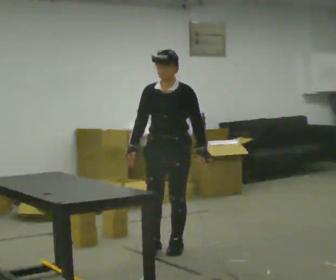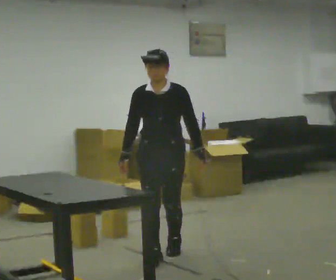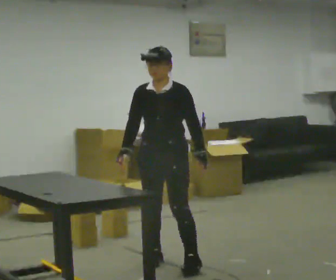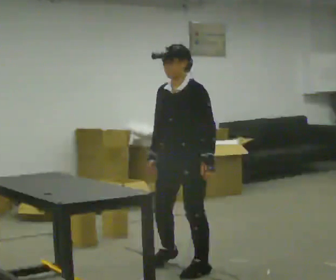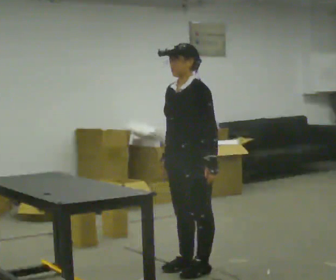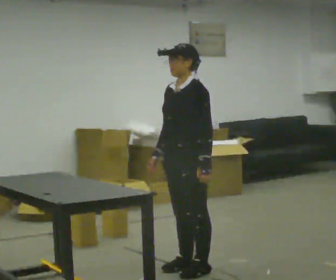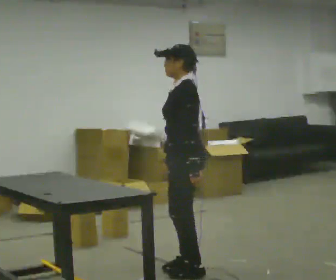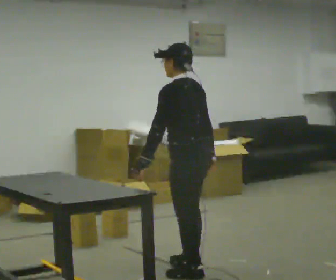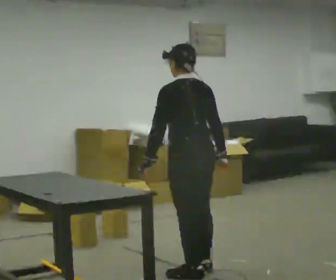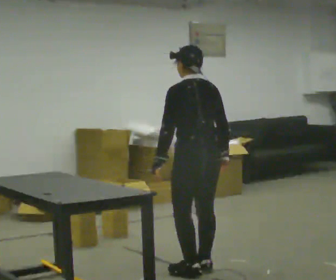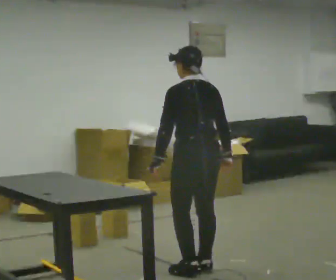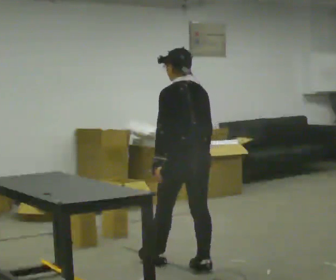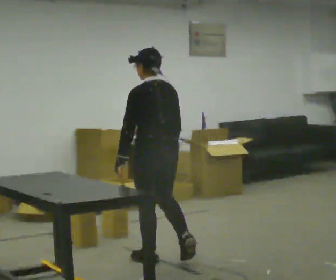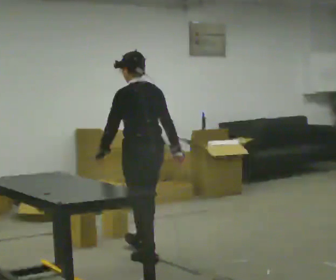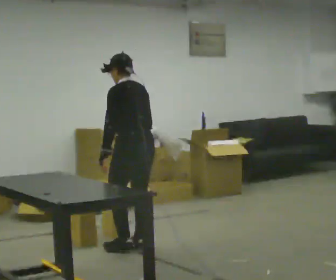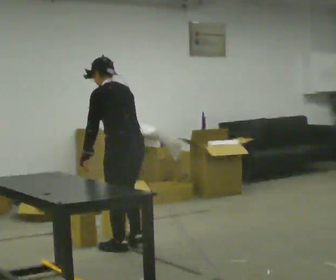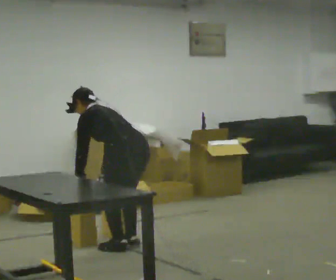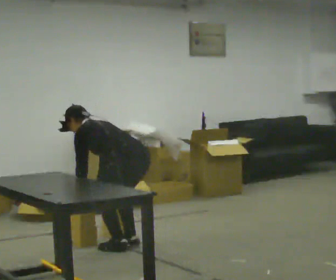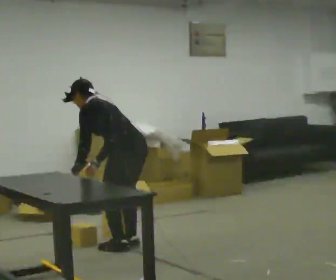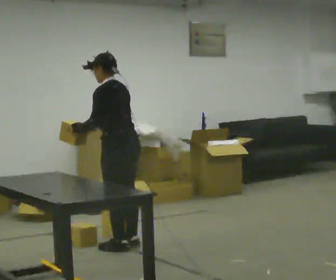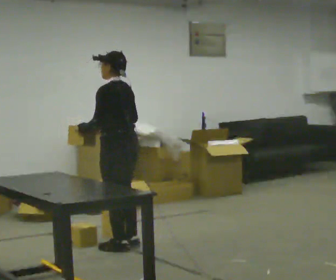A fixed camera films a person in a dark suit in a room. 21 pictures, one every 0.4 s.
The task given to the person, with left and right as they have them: Take an object off the waist-height shelf, carry it across the room, and set it down on the floor. Keep going until the operator says stop; one object at a time, and do not rush between trips.
0.0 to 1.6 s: The person turns about 45 degrees to their right, clockwise seen from above, so the part of the body nearest the lens slides to the left. In the picture they go toward the camera, about 0.5 m in 3 steps, which for them is forward and to their left.
1.6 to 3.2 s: The person turns about 90 degrees to their right, clockwise seen from above, so the part of the body nearest the lens slides to the left. In the picture their left hand goes to the left, the arm swinging clockwise.
3.2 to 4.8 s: In the picture they go away from the camera and to the left, about 0.5 m in 1 step, which for them is forward.
4.8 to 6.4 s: In the picture they go away from the camera and to the left, about 0.5 m in 2 steps, which for them is forward. The upper body goes downward. In the picture the upper body tilts counterclockwise, shoulders to the left, as they bend forward.
6.4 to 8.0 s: In the picture the upper body tilts clockwise, shoulders to the right, as they lean back or straighten. In the picture their right hand goes upward.
The film runs forward here.
